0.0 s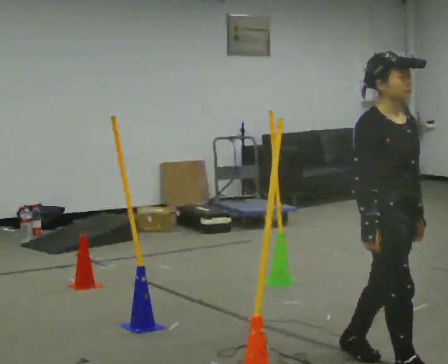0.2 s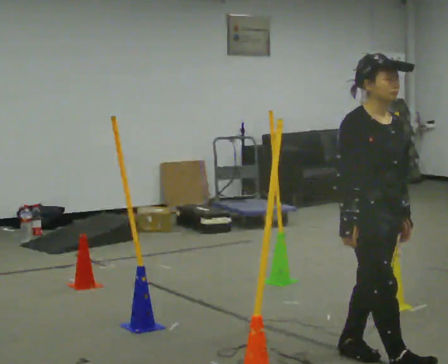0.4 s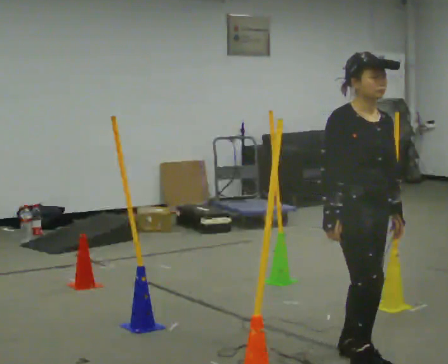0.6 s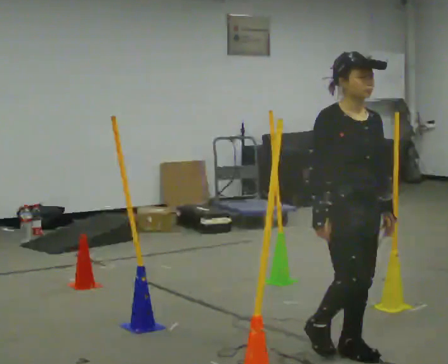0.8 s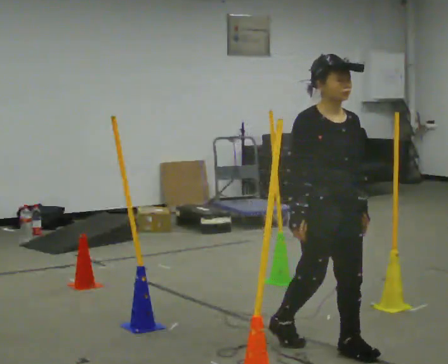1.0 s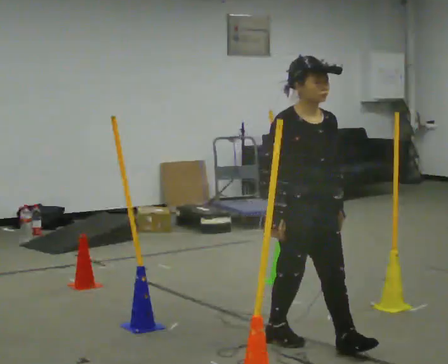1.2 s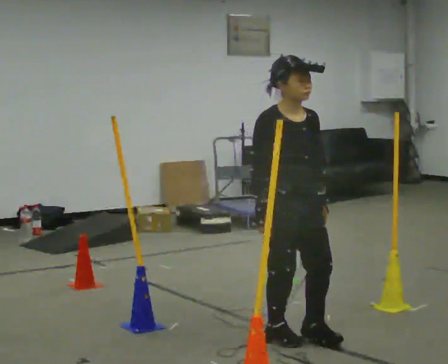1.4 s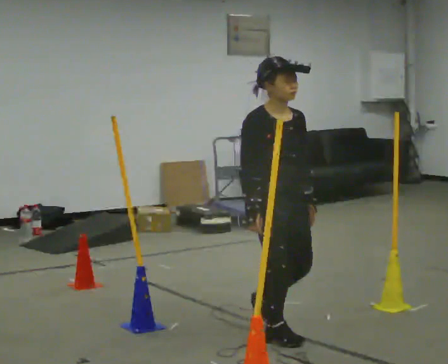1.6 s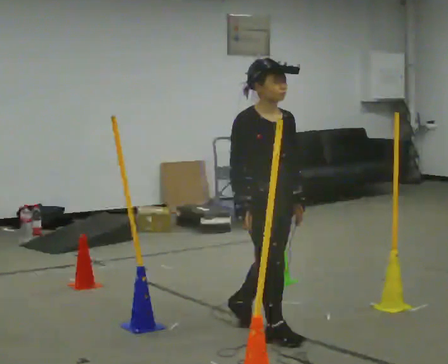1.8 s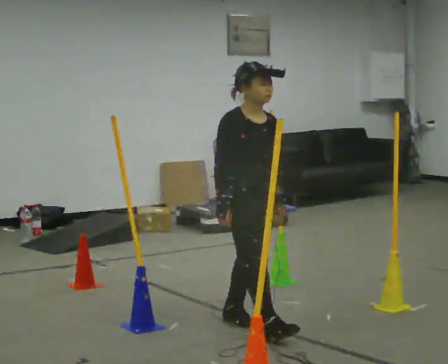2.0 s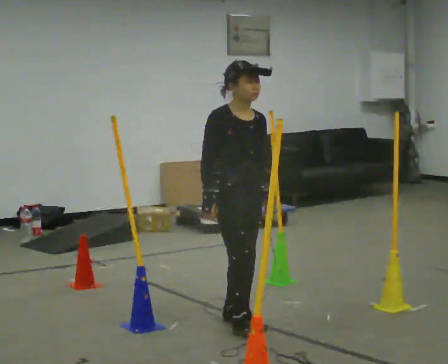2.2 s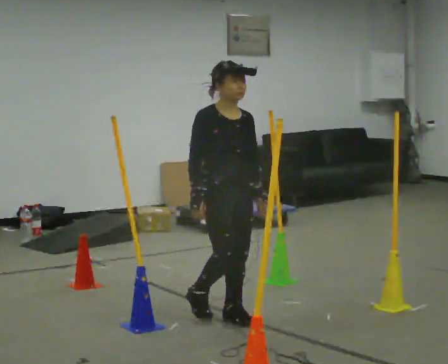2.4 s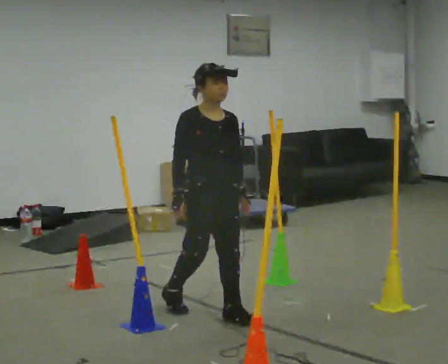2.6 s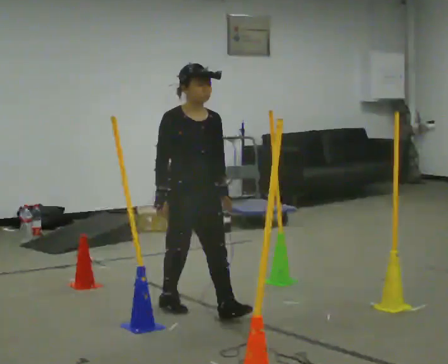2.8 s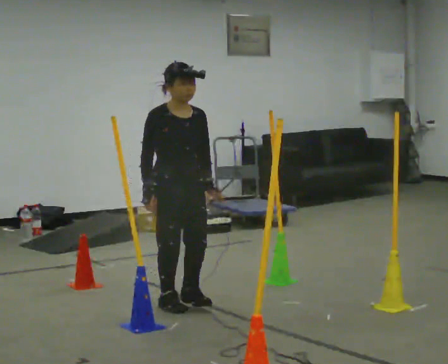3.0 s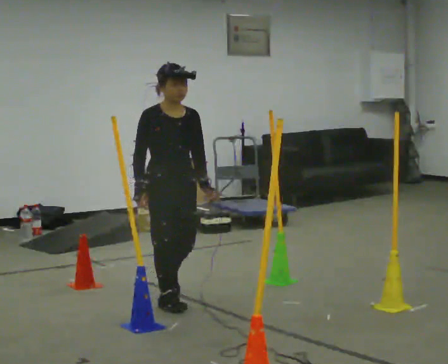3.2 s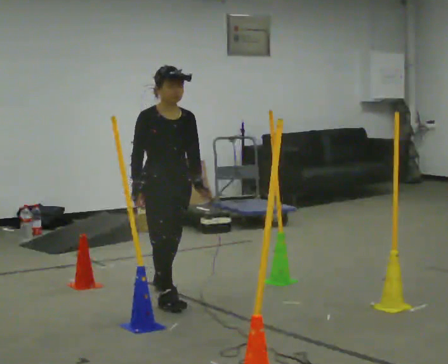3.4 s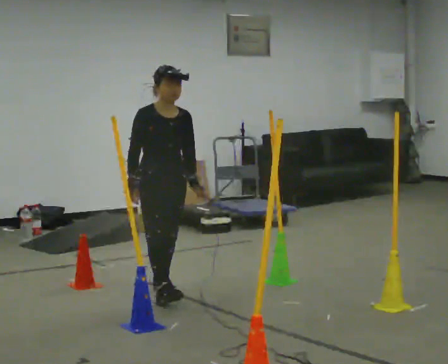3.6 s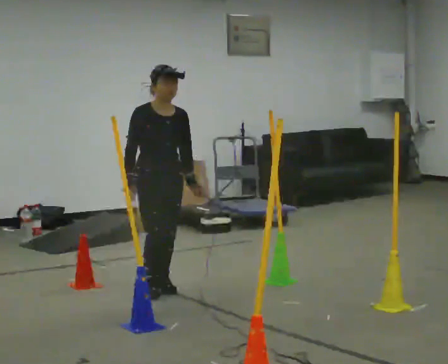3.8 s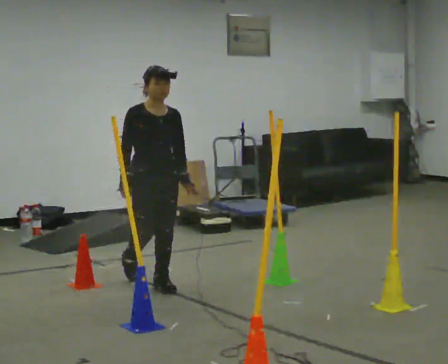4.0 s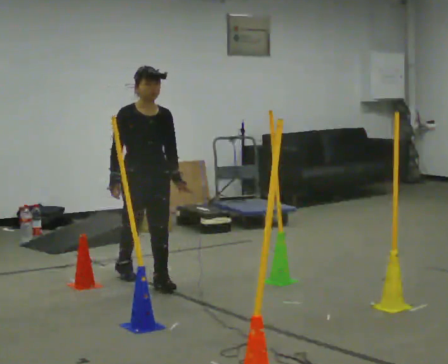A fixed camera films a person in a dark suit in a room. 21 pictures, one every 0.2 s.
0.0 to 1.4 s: In the picture they go away from the camera and to the left, about 0.75 m in 2 steps, which for them is backward.
1.4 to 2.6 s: In the picture they go away from the camera and to the left, about 0.75 m in 2 steps, which for them is backward.
2.6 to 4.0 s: In the picture they go away from the camera and to the left, about 0.5 m in 1 step, which for them is backward.
The film runs backward here.
